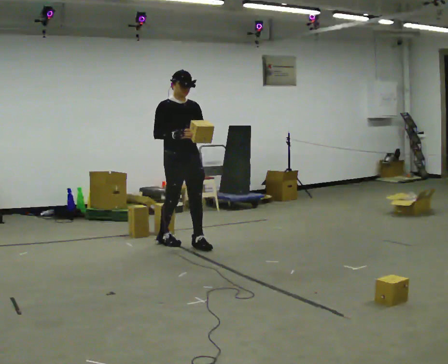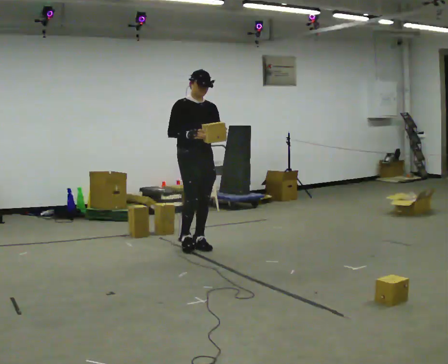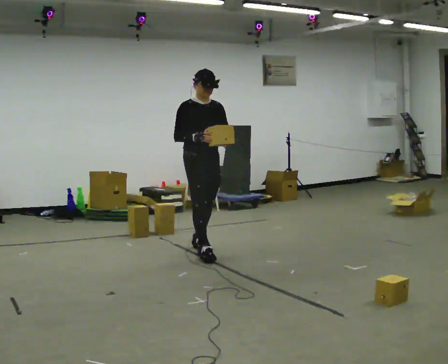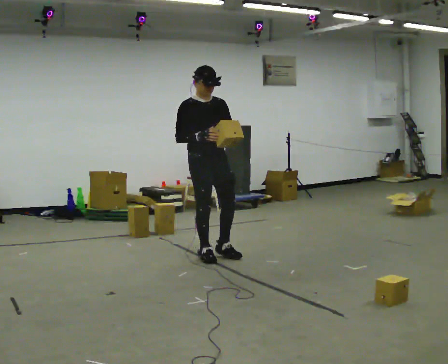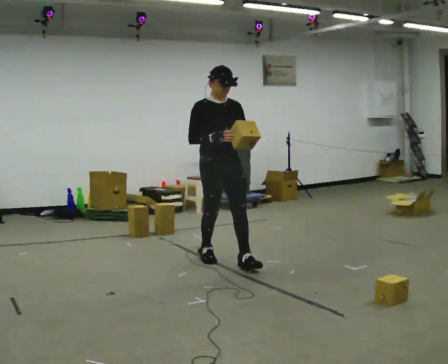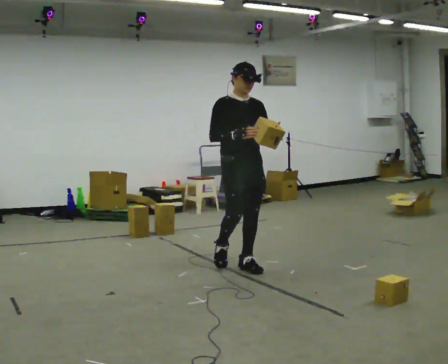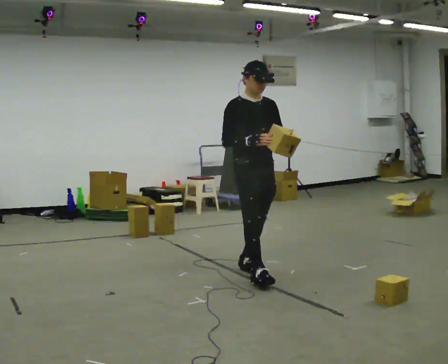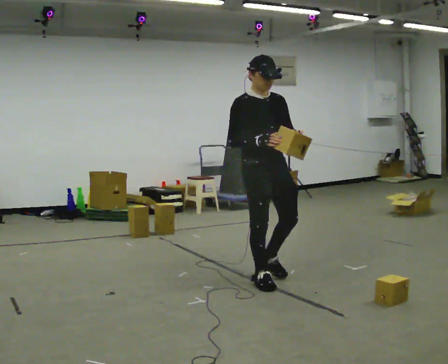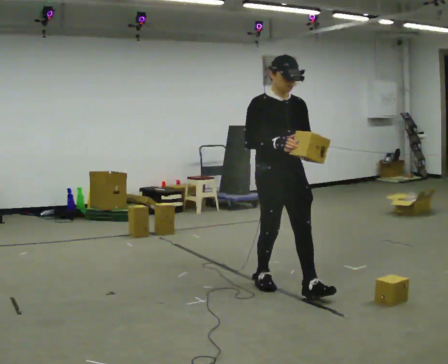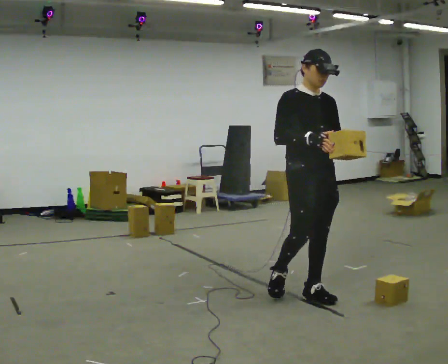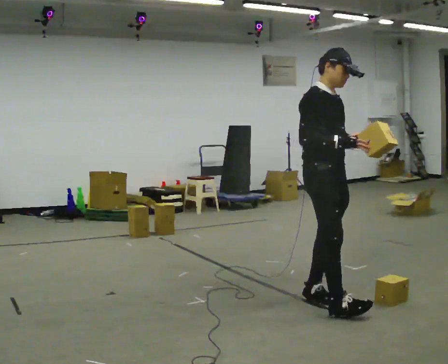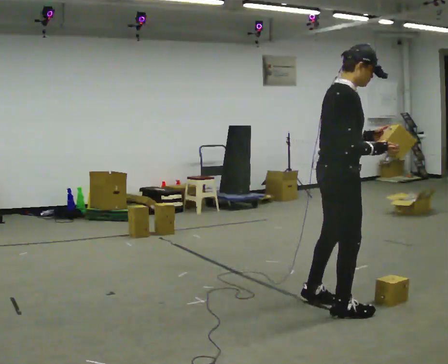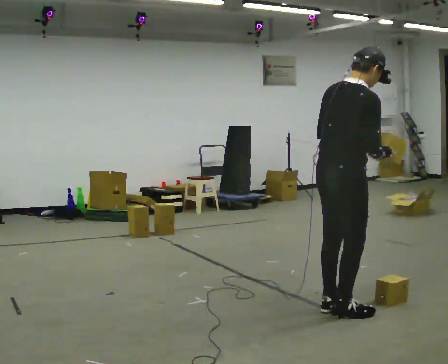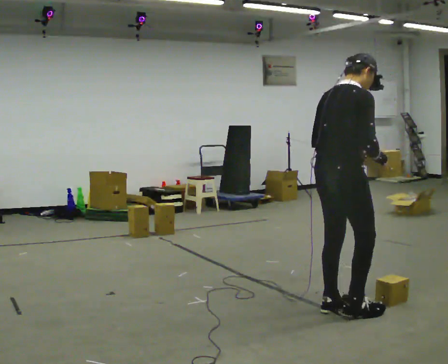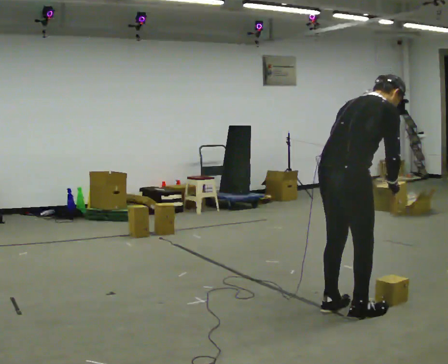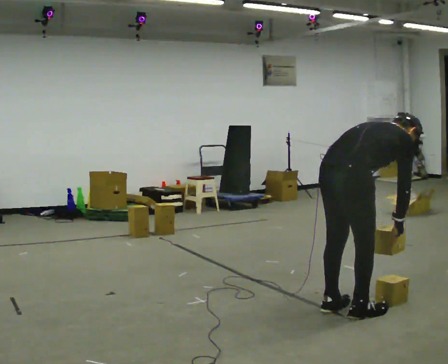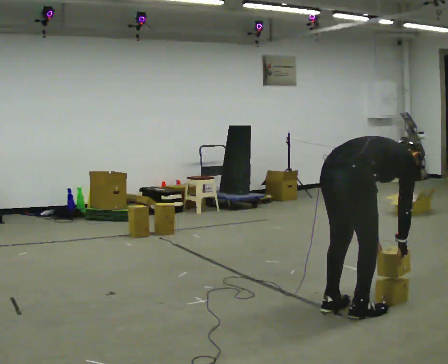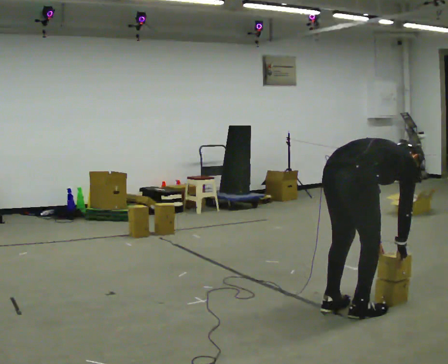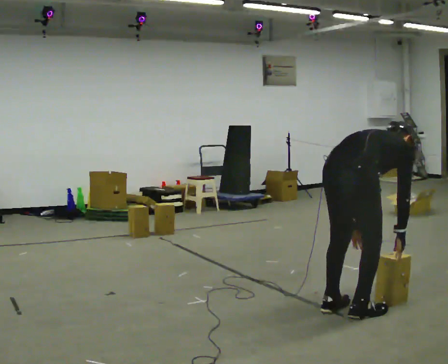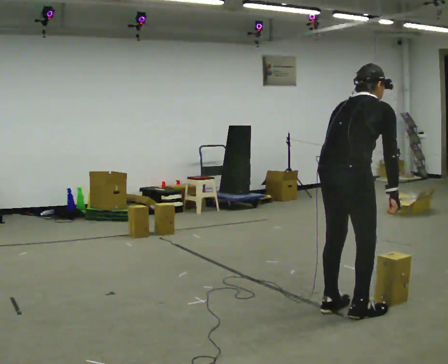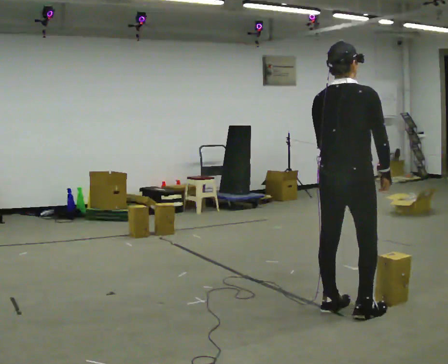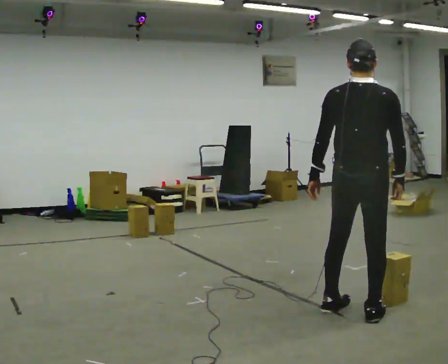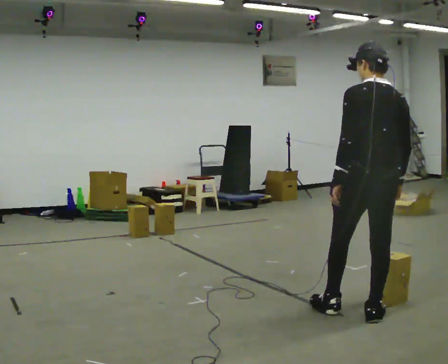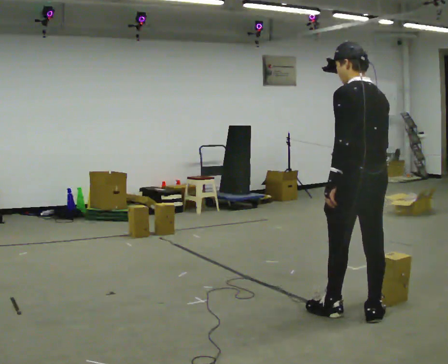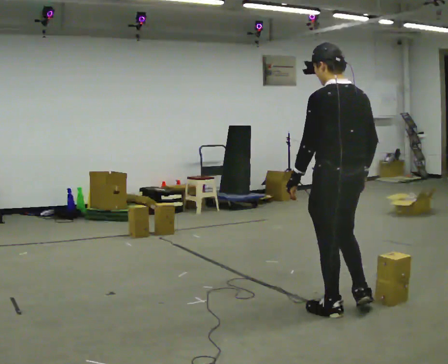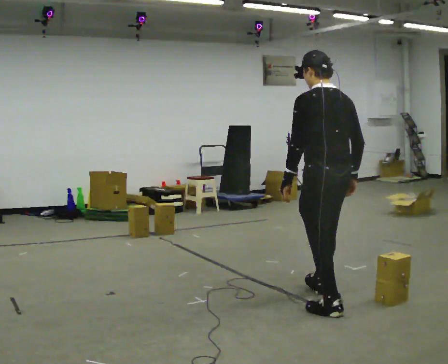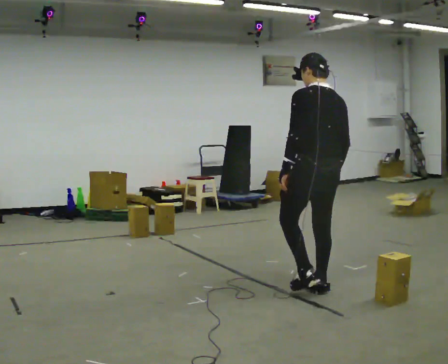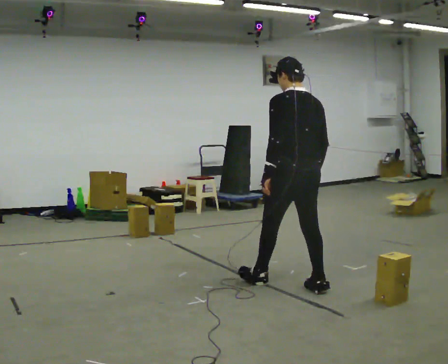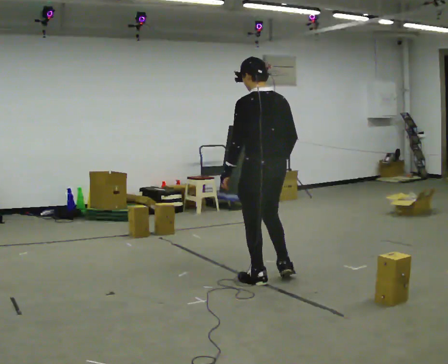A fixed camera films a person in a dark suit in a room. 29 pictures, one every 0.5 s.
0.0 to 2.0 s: In the picture they go to the right and toward the camera, about 1 m in 2 steps, which for them is forward.
2.0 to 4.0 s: In the picture they go to the right and toward the camera, about 1 m in 2 steps, which for them is forward.
4.0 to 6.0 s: Seen from above the body turns counterclockwise, about 105 degrees: to their left, with its near side sliding to the right. In the picture they go toward the camera and to the right, about 0.75 m in 2 steps.
6.0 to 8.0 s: The shoulders move downward. The upper body tips away from the camera, its near side rolling upward, as they bend forward. In the picture their left hand goes downward.
8.0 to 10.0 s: The shoulders move upward. The upper body tips toward the camera, its near side rolling downward, as they lean back or straighten. In the picture their right hand goes upward.
10.0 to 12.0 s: The part of the body nearest the lens slides to the right as the person turns to their left by about 75 degrees.
12.0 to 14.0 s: In the picture they go to the left and away from the camera, about 1 m in 2 steps, which for them is forward.
The film runs forward here.
